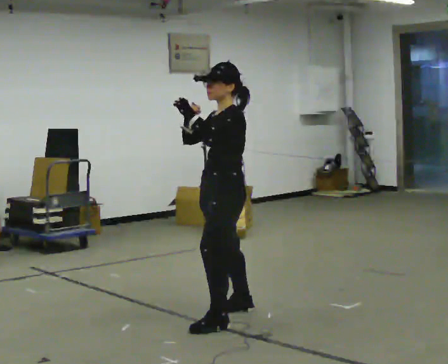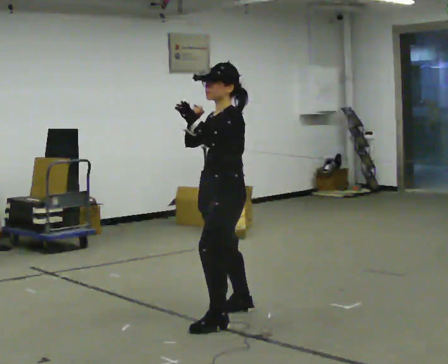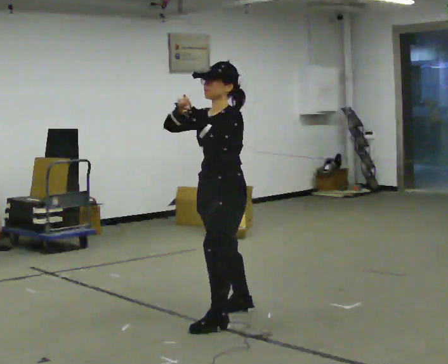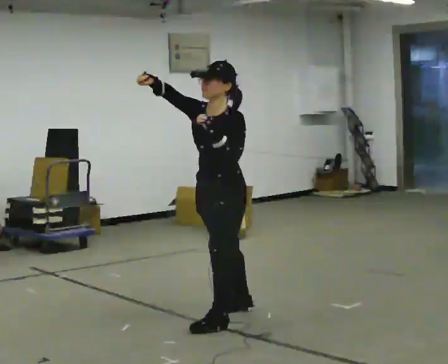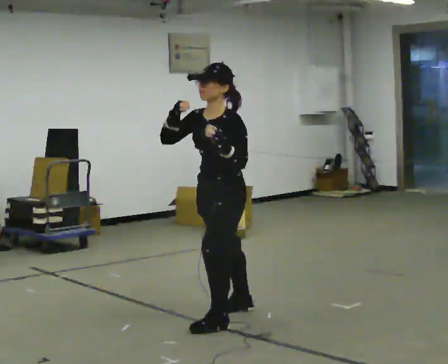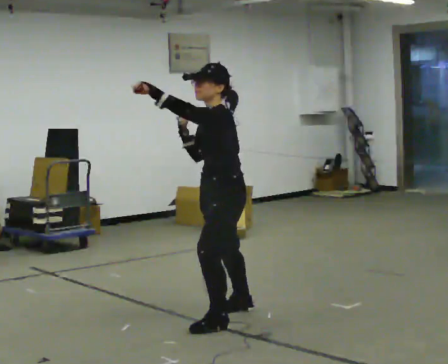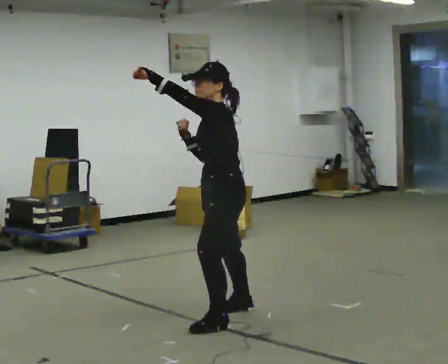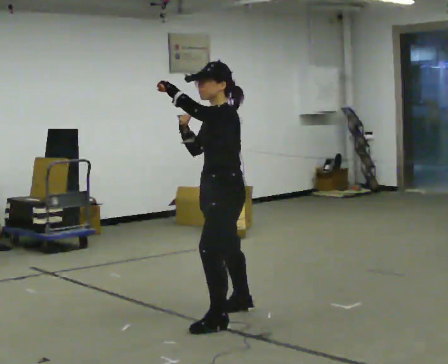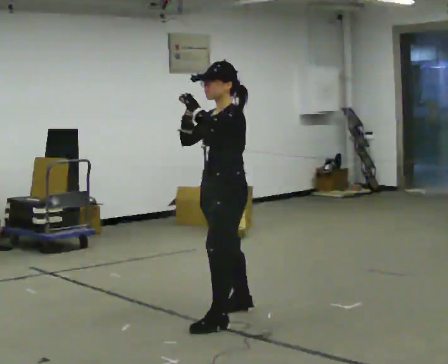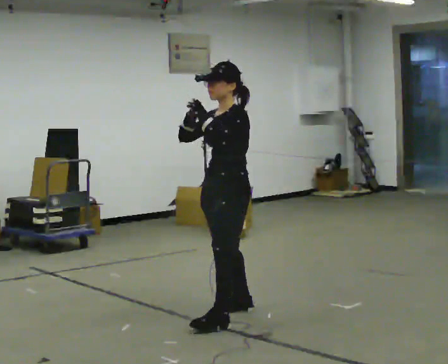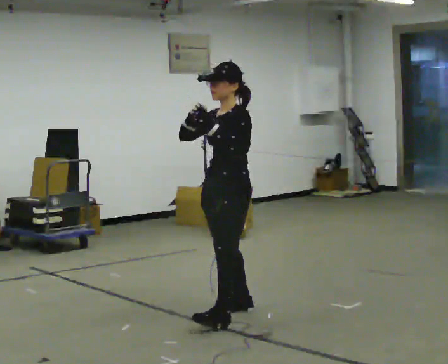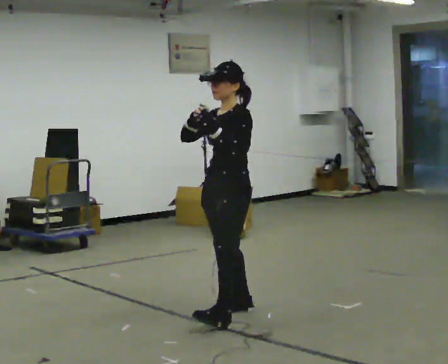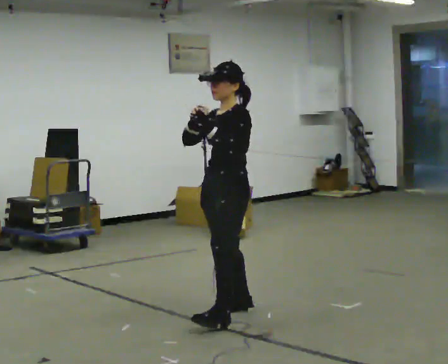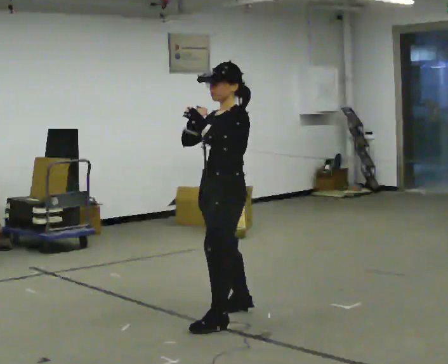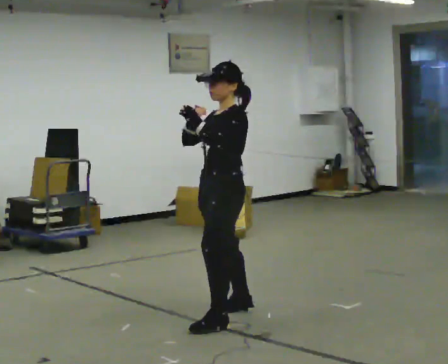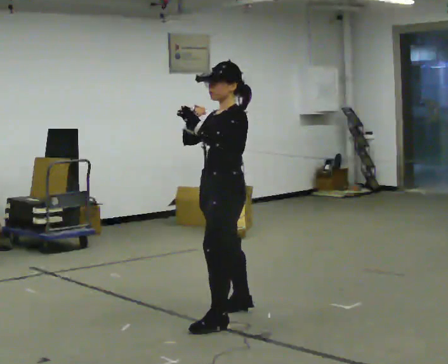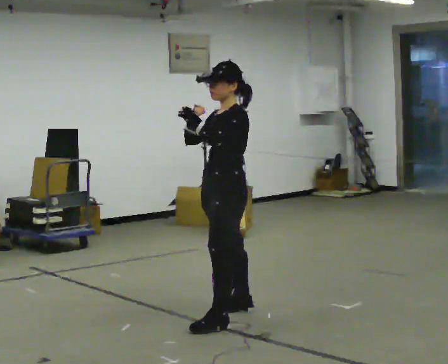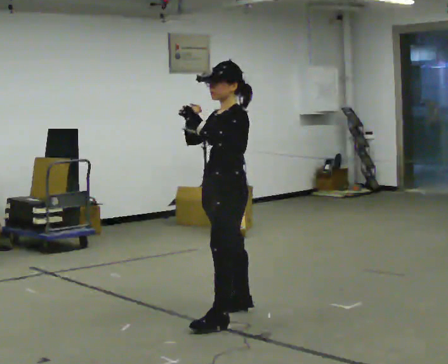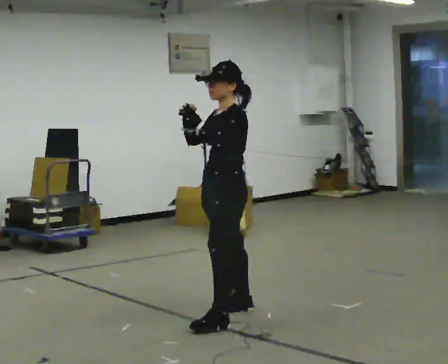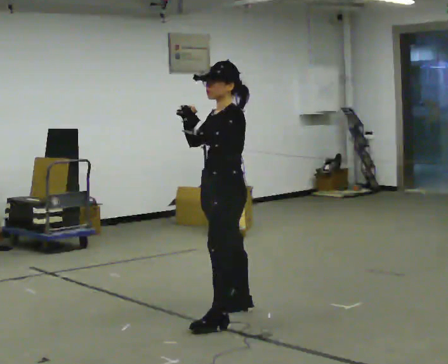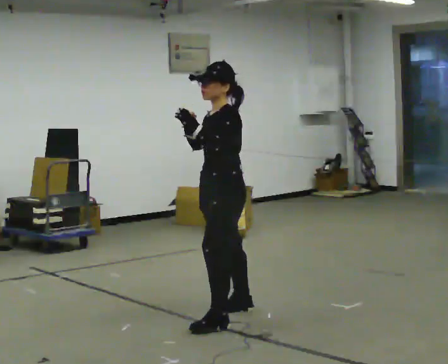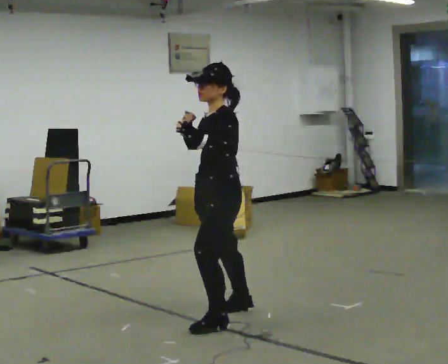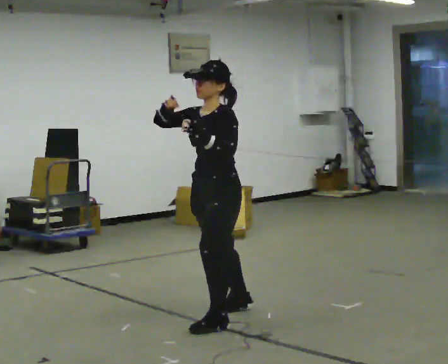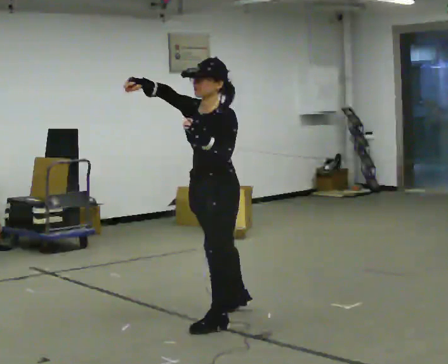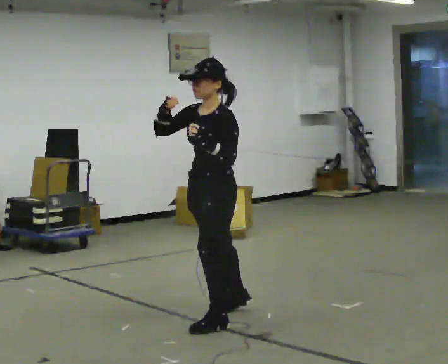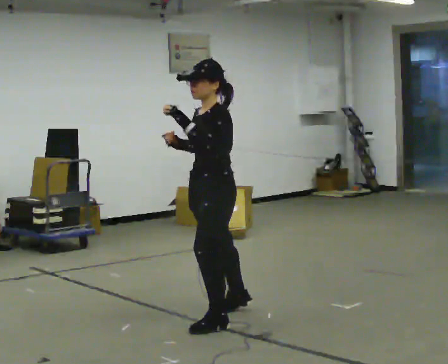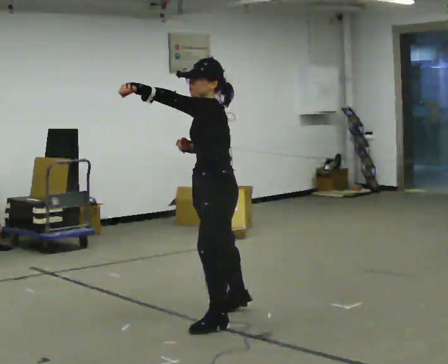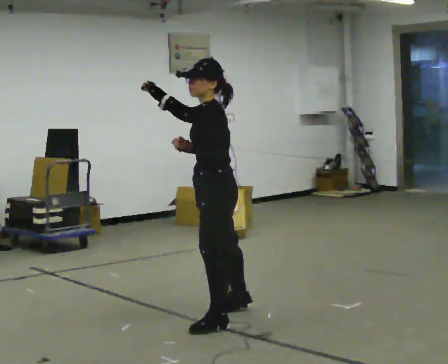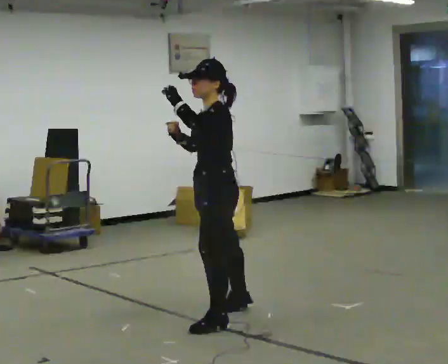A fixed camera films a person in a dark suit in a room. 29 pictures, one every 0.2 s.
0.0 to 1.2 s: The person moves a little, or ends about where they began.
1.2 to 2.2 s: In the picture they go away from the camera, about 0.25 m, which for them is to their right.
2.2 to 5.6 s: The person moves a little, or ends about where they began.
The film runs forward here.
